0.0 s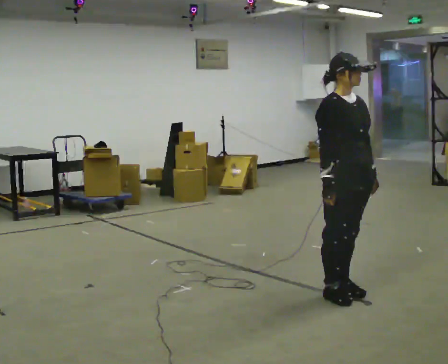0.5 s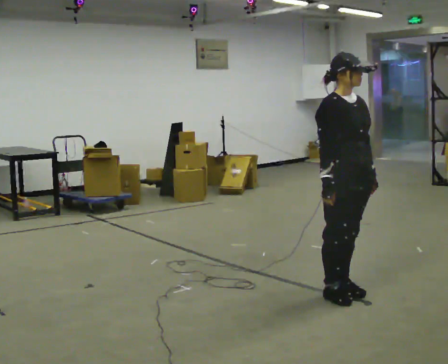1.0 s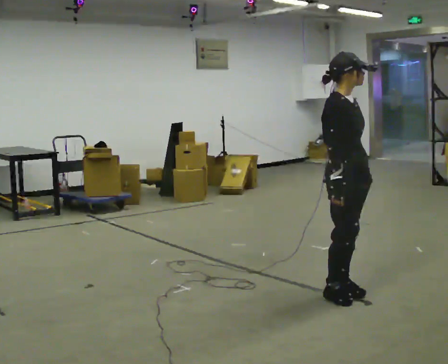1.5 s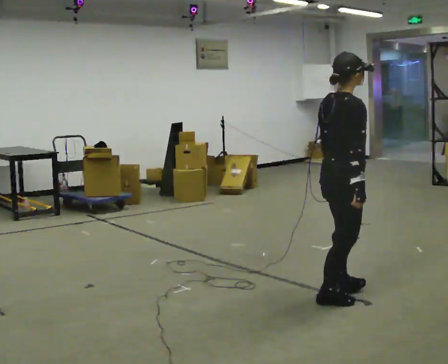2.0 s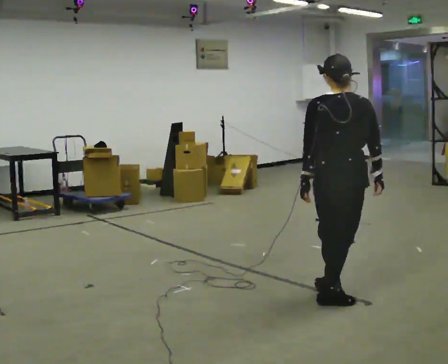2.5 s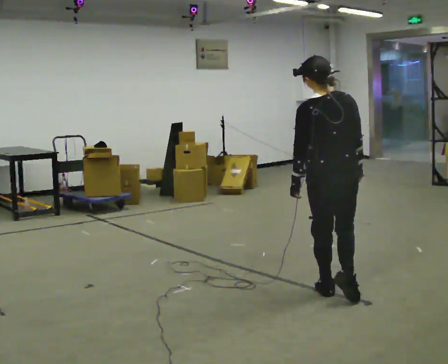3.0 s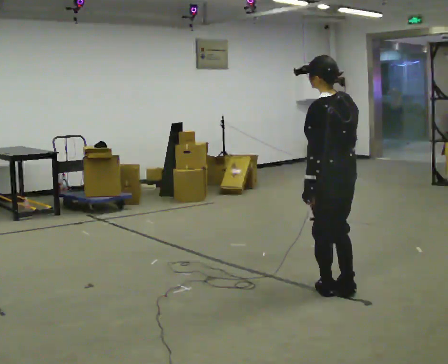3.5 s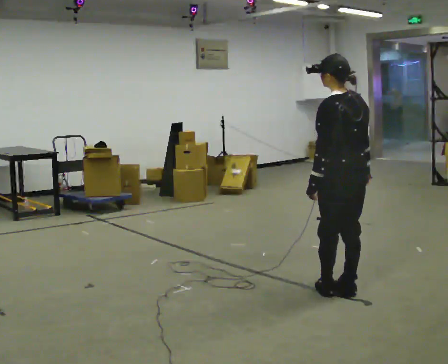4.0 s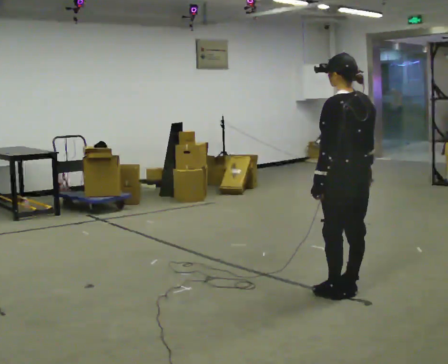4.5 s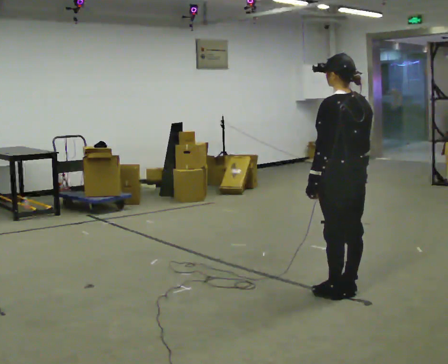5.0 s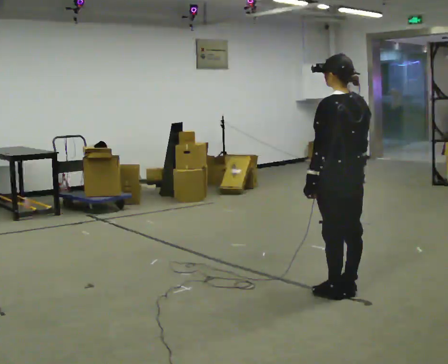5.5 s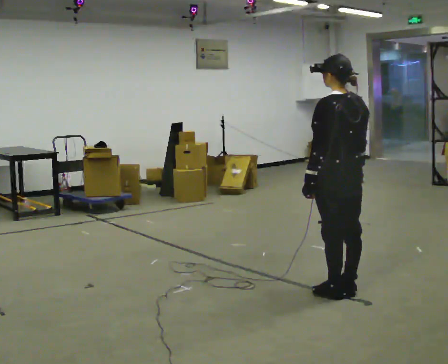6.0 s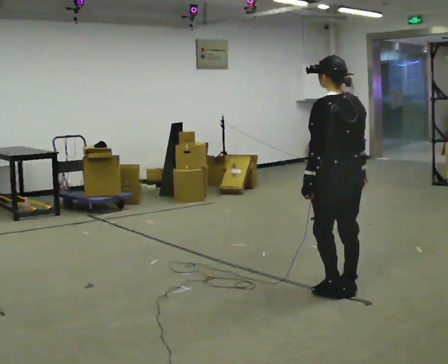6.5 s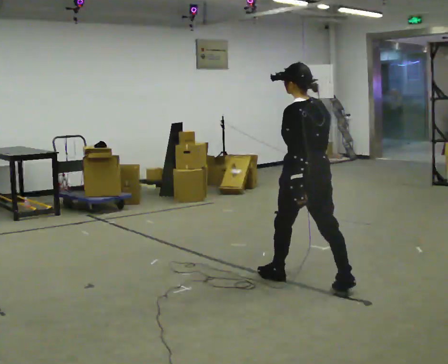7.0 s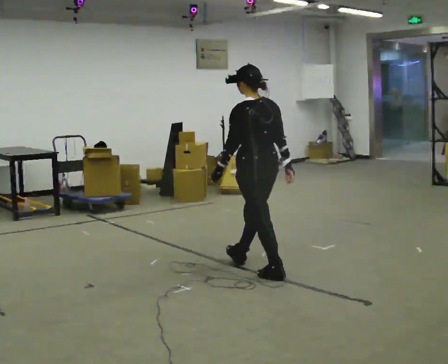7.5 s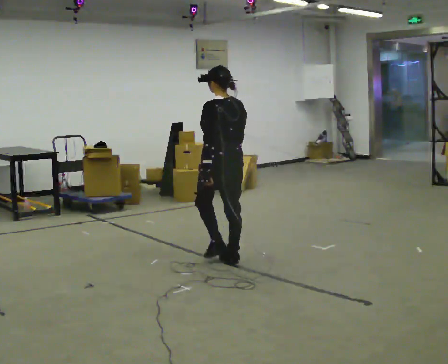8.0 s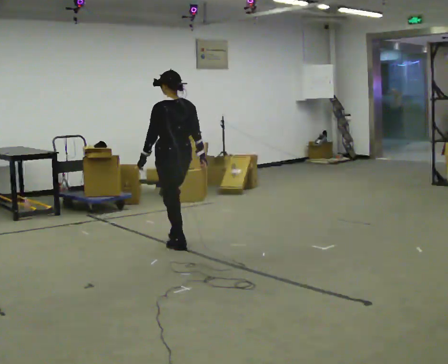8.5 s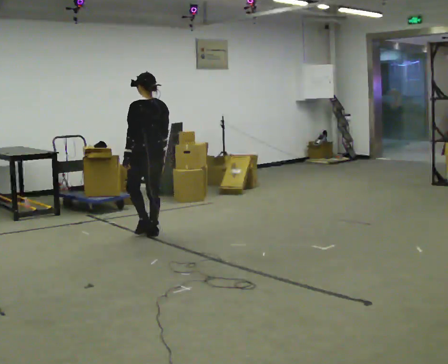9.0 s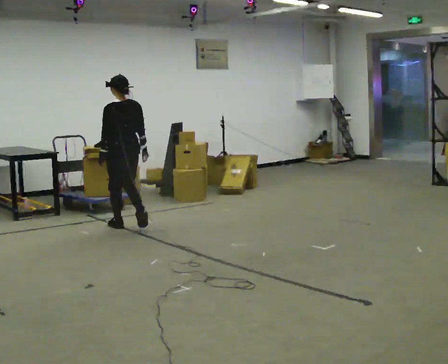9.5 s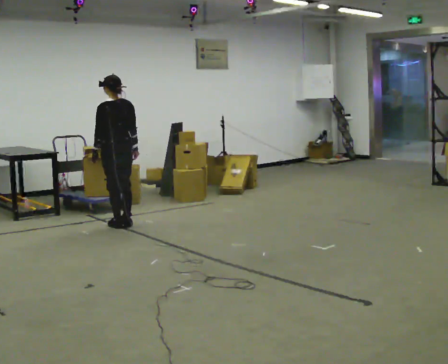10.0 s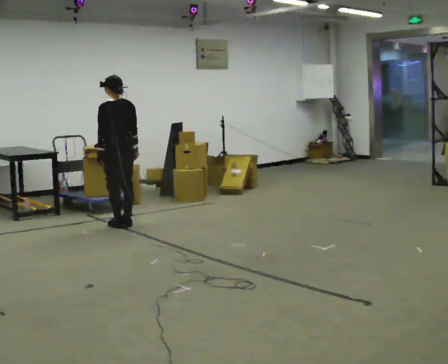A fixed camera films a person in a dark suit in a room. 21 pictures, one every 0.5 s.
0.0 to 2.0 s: Seen from above the body turns counterclockwise, about 120 degrees: to their left, with its near side sliding to the right. In the picture their left hand goes to the left, the arm swinging clockwise.
2.0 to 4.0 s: The person turns about 45 degrees to their left, counterclockwise seen from above, so the part of the body nearest the lens slides to the right.
4.0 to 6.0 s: The person moves a little, or ends about where they began.
6.0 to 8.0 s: In the picture they go to the left and away from the camera, about 2 m in 3 steps, which for them is forward.
8.0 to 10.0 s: In the picture they go to the left and away from the camera, about 1 m in 3 steps, which for them is forward.
The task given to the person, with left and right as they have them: Walk normally; at marked point stop as quickly as comfortably possible; remain still.
The film runs forward here.
